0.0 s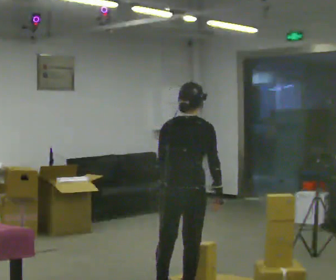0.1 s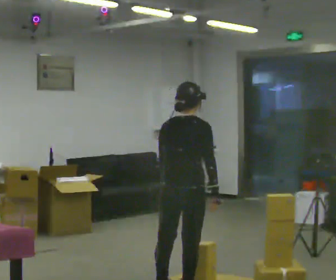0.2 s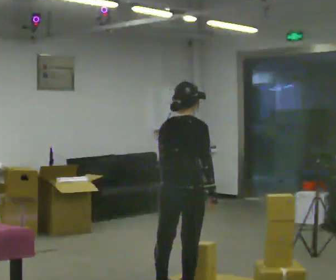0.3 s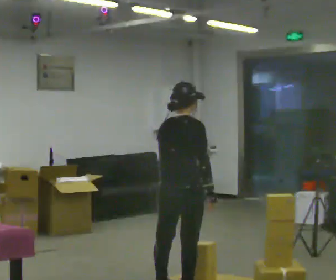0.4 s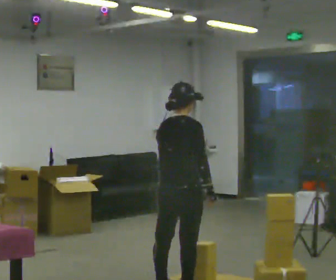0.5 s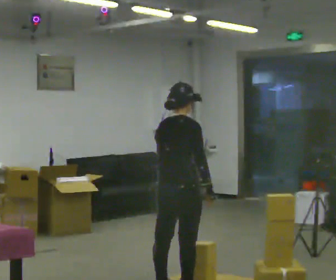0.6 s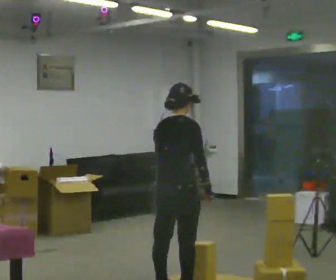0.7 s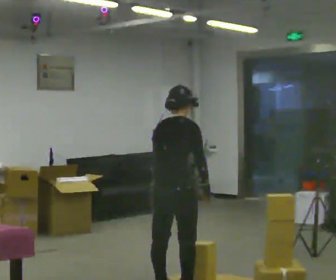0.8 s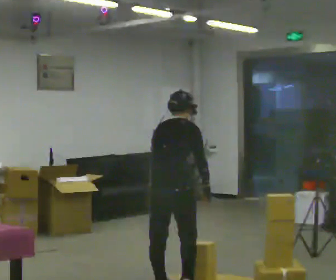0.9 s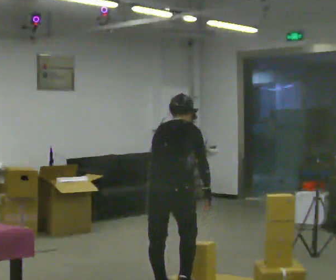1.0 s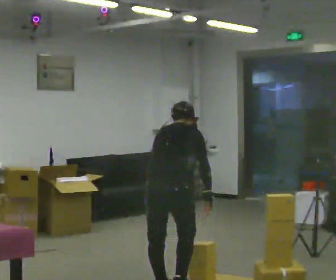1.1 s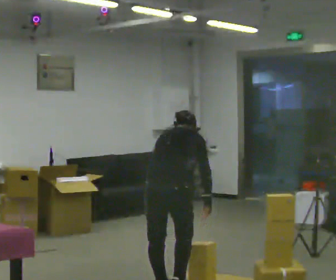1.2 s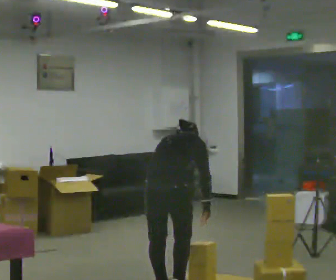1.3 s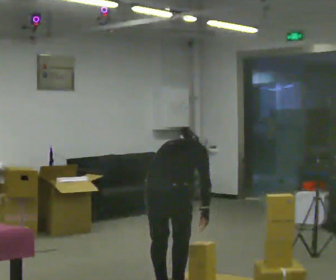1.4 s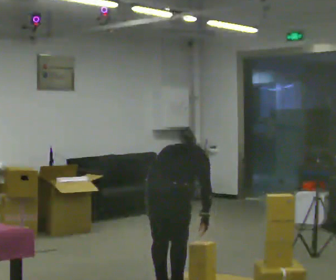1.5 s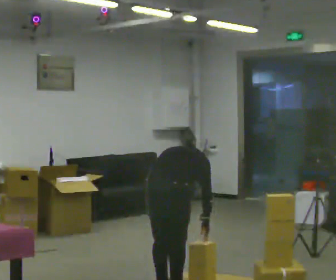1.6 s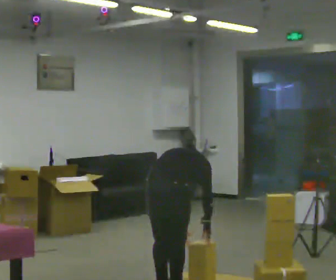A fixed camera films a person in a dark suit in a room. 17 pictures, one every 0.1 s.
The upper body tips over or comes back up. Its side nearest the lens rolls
upward.
The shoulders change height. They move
downward.
0.0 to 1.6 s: The upper body goes downward. The upper body tips away from the camera, its near side rolling upward, as they bend forward. In the picture their left hand goes downward.
The film runs backward here.
